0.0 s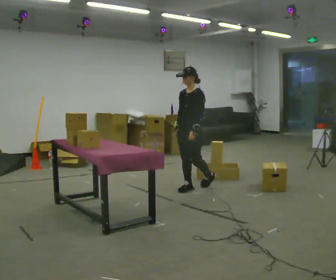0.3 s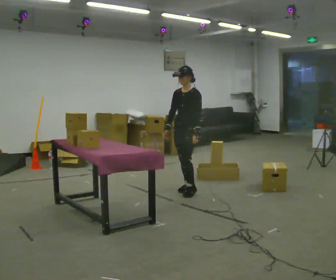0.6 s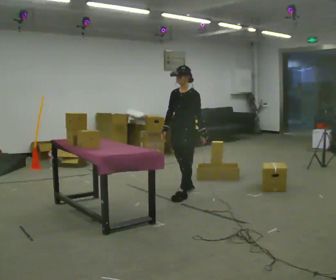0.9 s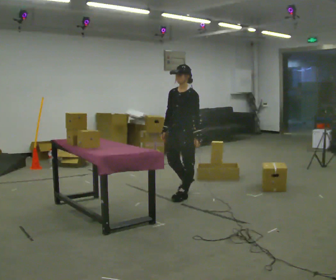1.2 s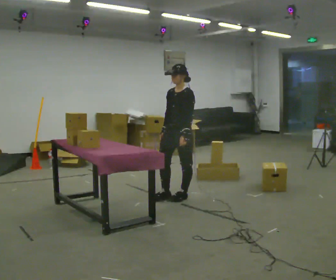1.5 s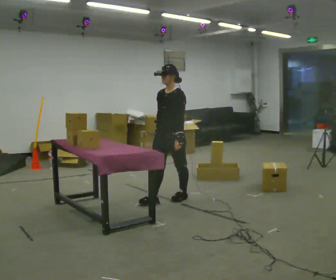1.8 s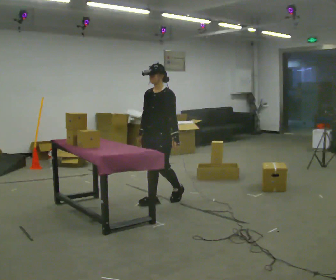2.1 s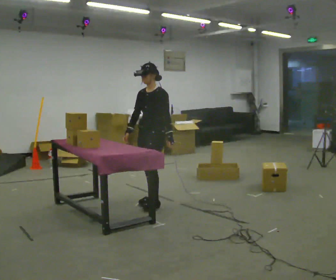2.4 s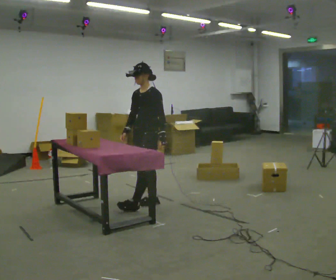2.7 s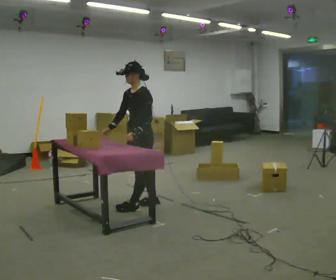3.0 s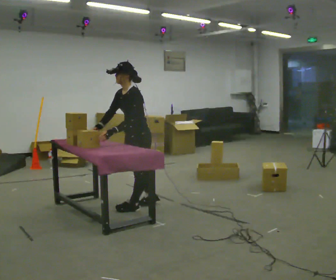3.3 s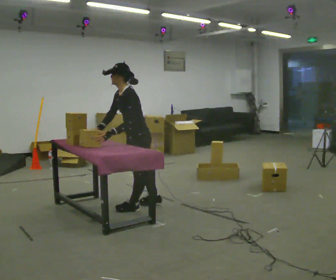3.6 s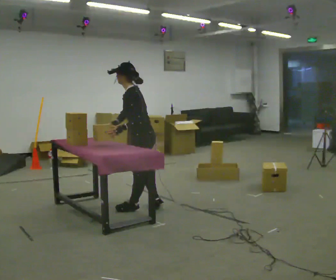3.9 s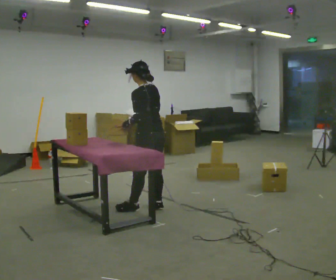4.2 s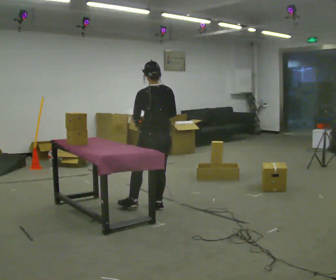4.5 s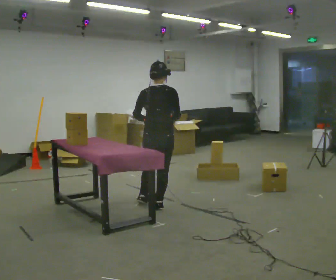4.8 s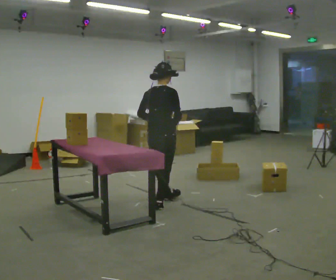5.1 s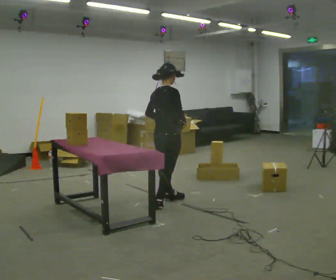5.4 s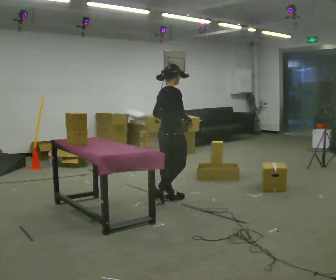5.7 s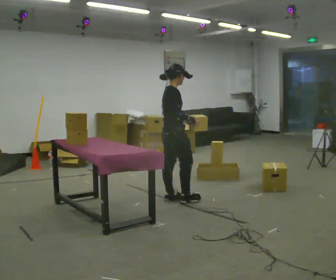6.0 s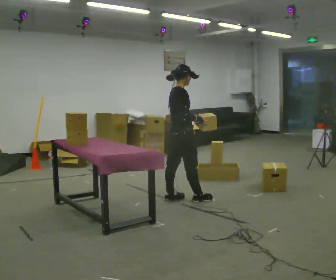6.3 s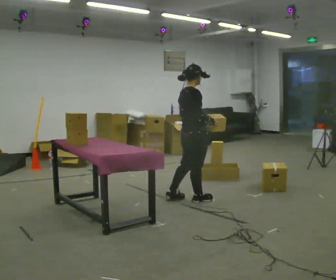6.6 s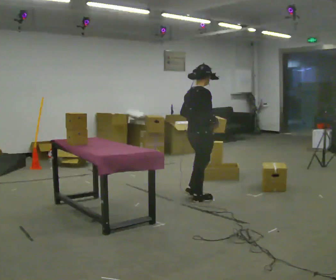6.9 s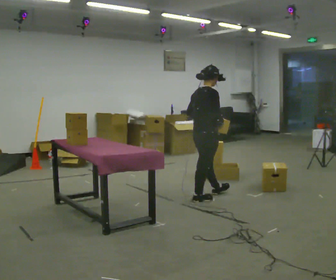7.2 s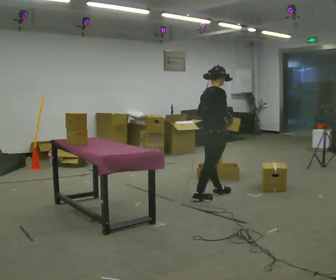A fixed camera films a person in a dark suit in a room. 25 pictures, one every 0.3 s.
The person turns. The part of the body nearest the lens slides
to the left.
The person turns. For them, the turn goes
to their right.
0.0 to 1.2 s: In the picture they go toward the camera and to the left, about 0.5 m in 1 step, which for them is forward.
1.2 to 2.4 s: In the picture they go to the left and toward the camera, about 0.5 m in 2 steps, which for them is forward.
2.4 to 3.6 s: The part of the body nearest the lens slides to the left as the person turns to their right by about 45 degrees. In the picture they go toward the camera, about 0.25 m, which for them is to their left. In the picture the upper body tilts counterclockwise, shoulders to the left. In the picture their left hand goes to the left.
3.6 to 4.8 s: Seen from above the body turns clockwise, about 120 degrees: to their right, with its near side sliding to the left. In the picture they go to the right, about 0.25 m in 1 step. In the picture the upper body tilts clockwise, shoulders to the right, as they lean back or straighten. In the picture their right hand goes to the right.
4.8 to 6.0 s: The part of the body nearest the lens slides to the left as the person turns to their right by about 45 degrees. In the picture they go to the right and away from the camera, about 0.25 m in 2 steps, which for them is forward.
6.0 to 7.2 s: In the picture they go to the right, about 0.5 m in 1 step, which for them is forward.
The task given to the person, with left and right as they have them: 1. Take the objects out of the box on the table one at a time. 2. Put each one in the bin the operator has labelled for it. 3. Tell the operator when you are finished.
The film runs forward here.
